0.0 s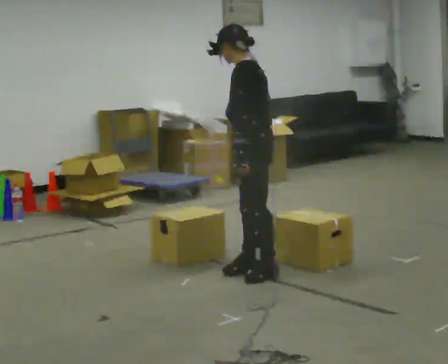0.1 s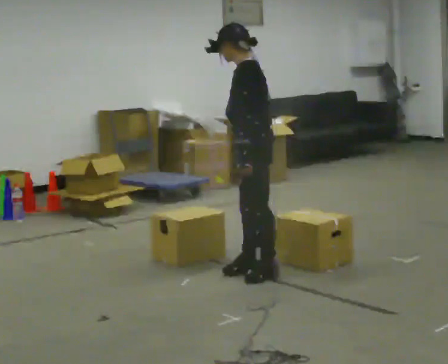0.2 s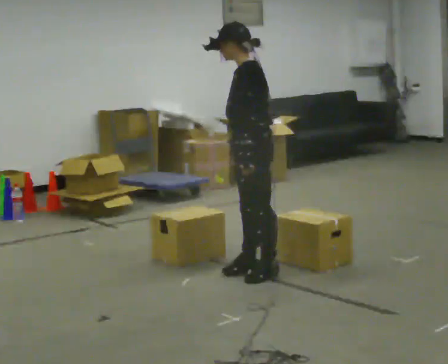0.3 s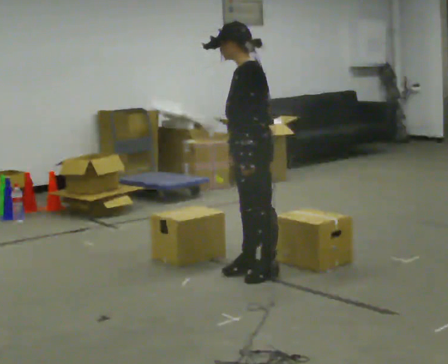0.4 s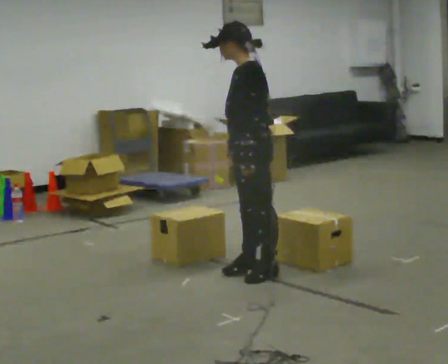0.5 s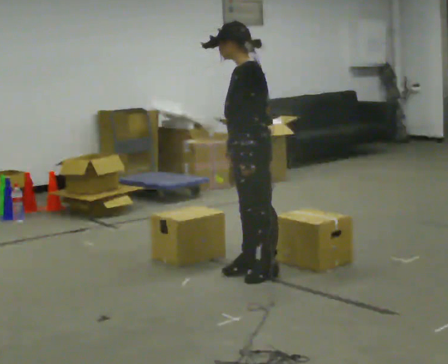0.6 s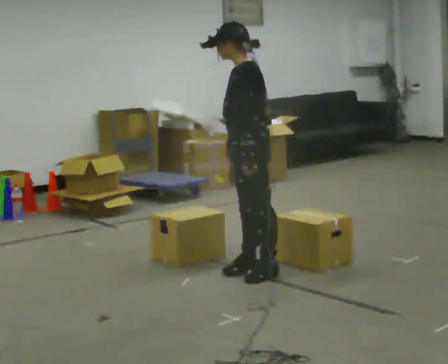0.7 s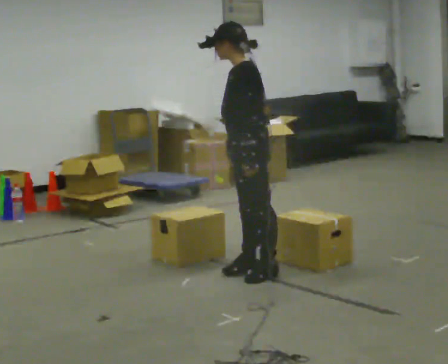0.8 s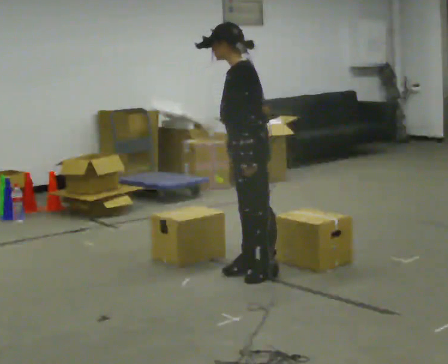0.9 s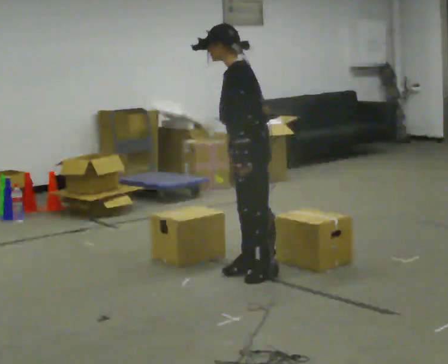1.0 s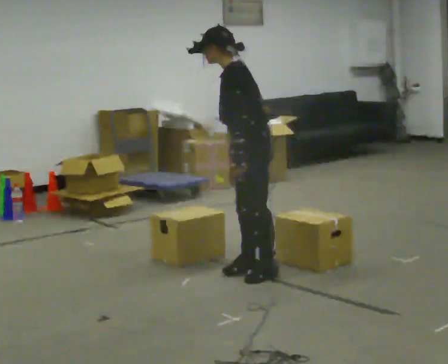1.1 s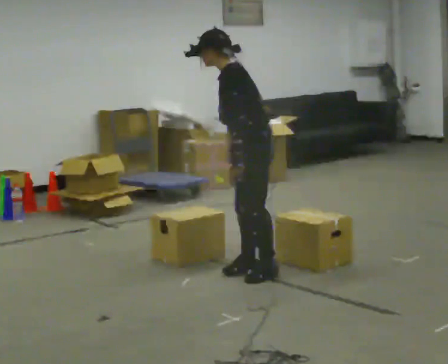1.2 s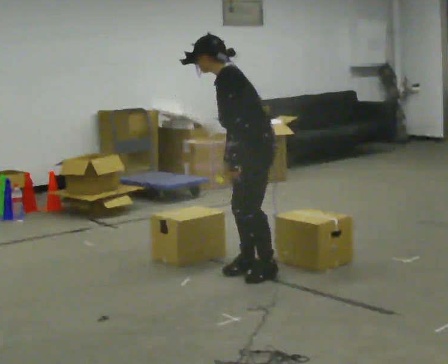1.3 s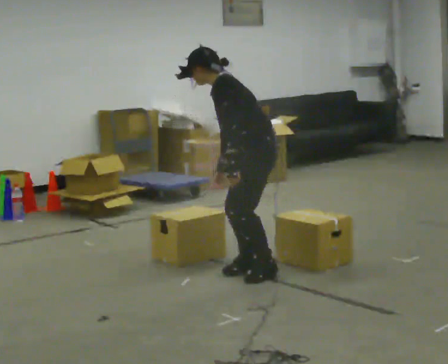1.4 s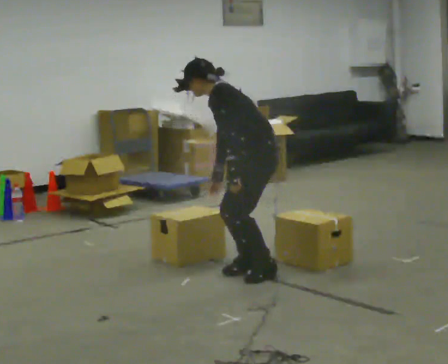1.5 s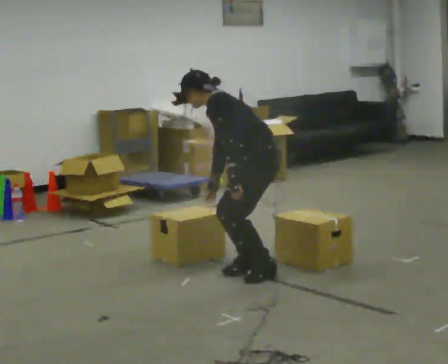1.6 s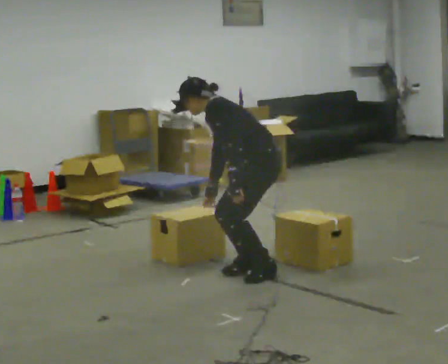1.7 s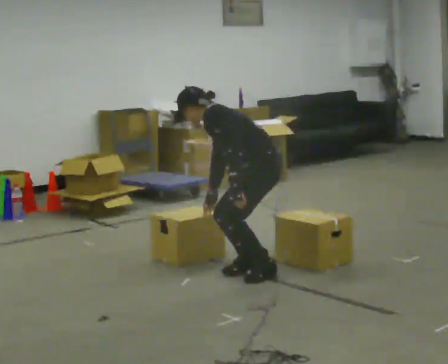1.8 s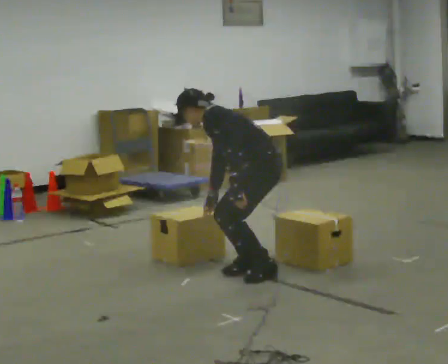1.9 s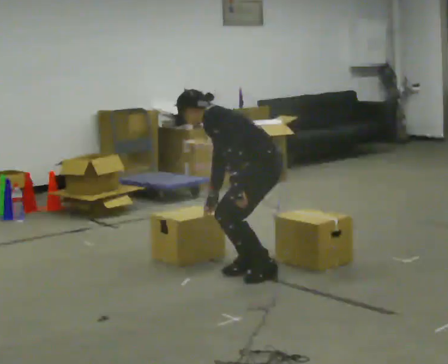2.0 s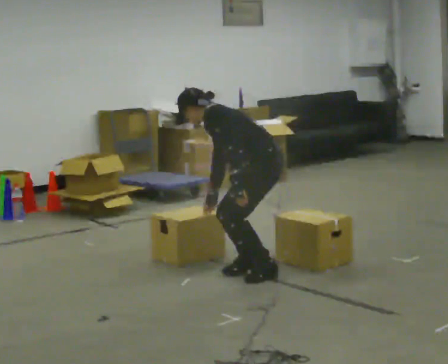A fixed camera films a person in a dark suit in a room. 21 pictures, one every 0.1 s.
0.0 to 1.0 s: The person moves a little, or ends about where they began.
1.0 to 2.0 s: The upper body goes downward. In the picture the upper body tilts counterclockwise, shoulders to the left, as they bend forward.
The film runs backward here.
